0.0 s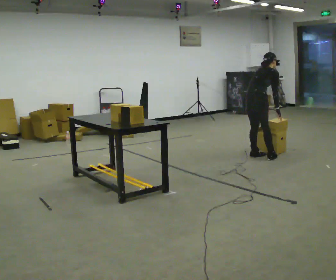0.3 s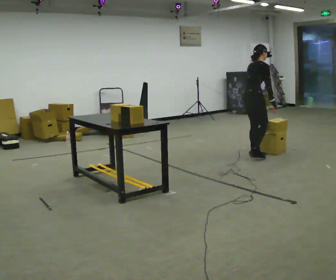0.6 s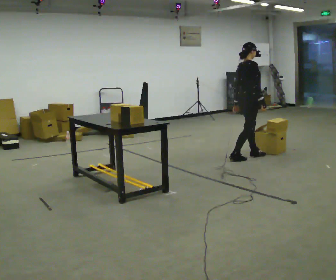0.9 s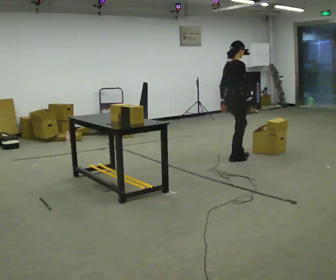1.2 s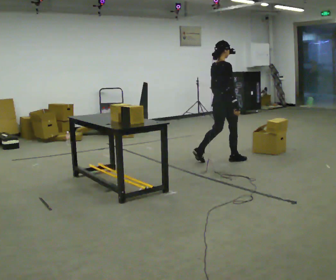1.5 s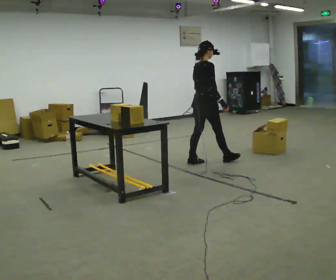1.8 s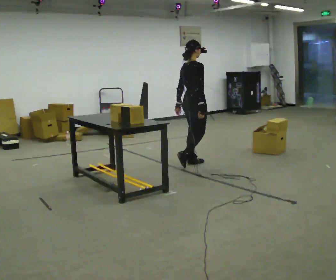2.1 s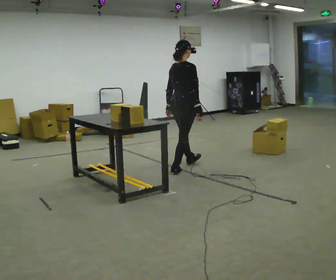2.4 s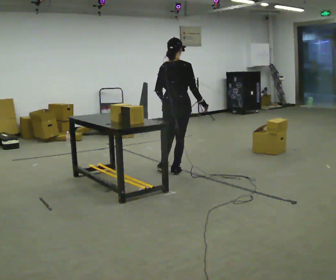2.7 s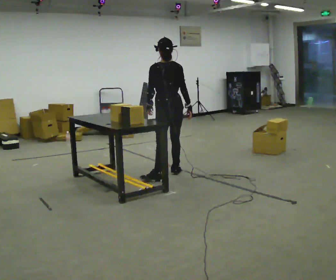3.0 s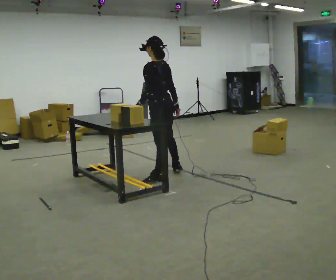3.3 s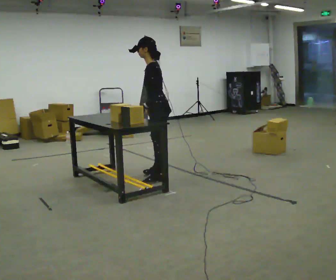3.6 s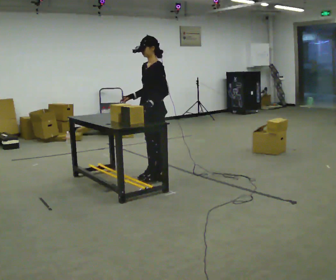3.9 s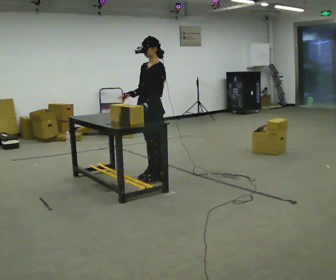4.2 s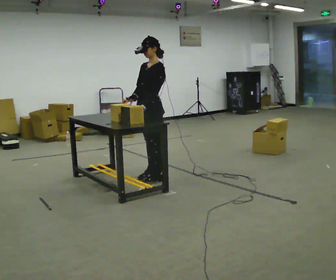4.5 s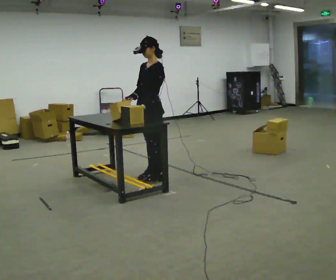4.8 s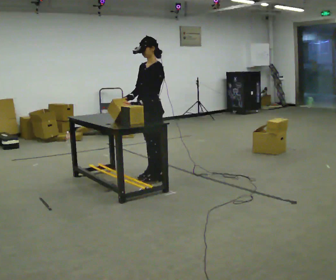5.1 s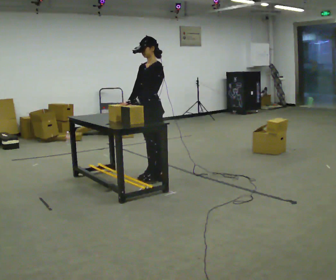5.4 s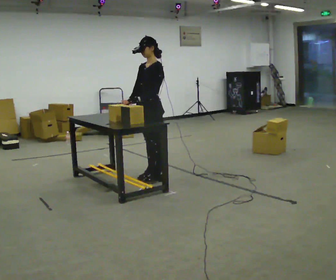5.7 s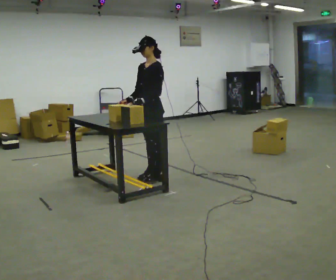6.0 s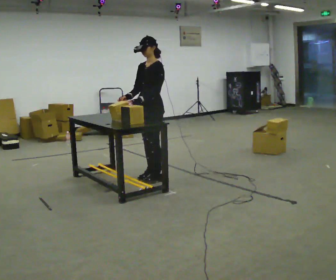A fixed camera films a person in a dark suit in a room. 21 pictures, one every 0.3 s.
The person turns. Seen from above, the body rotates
counterclockwise.
The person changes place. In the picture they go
to the left.
0.0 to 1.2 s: In the picture they go to the left, about 0.5 m in 2 steps, which for them is backward. In the picture the upper body tilts counterclockwise, shoulders to the left, as they lean back or straighten.
1.2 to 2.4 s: The person turns about 45 degrees to their left, counterclockwise seen from above, so the part of the body nearest the lens slides to the right. In the picture they go to the left and toward the camera, about 1 m in 2 steps, which for them is backward.
2.4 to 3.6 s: The person turns about 135 degrees to their left, counterclockwise seen from above, so the part of the body nearest the lens slides to the right. In the picture they go to the left and toward the camera, about 0.25 m in 1 step.
3.6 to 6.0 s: The person moves a little, or ends about where they began.
The film runs backward here.
